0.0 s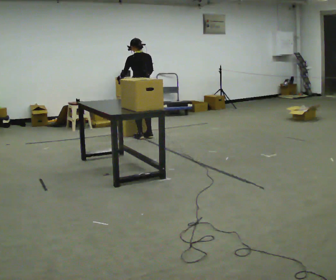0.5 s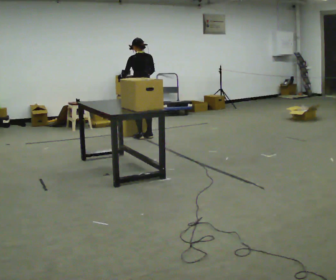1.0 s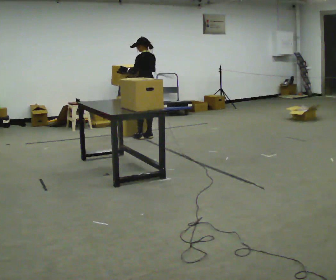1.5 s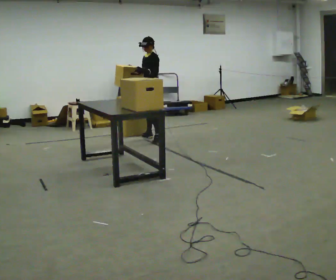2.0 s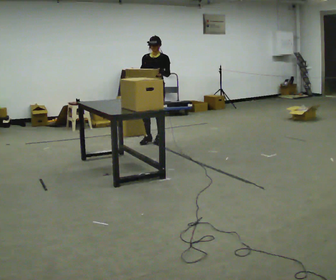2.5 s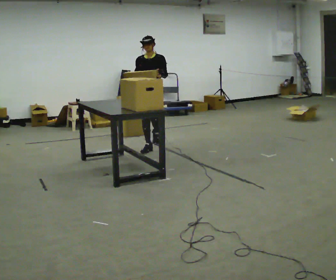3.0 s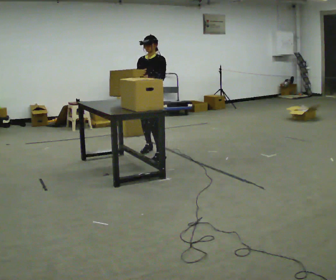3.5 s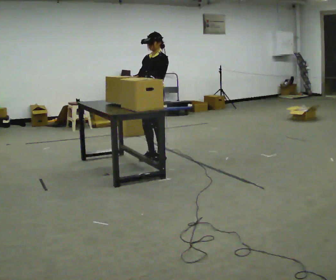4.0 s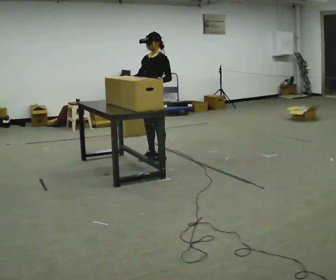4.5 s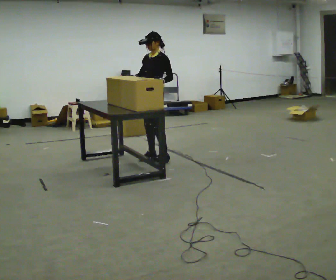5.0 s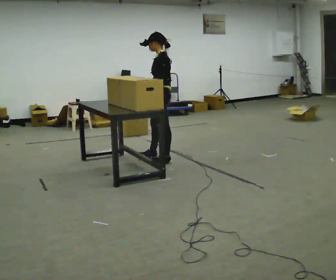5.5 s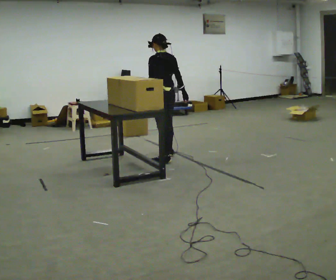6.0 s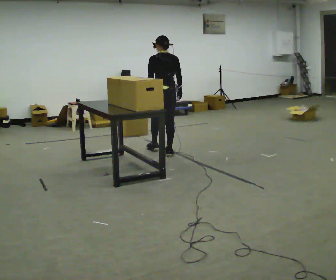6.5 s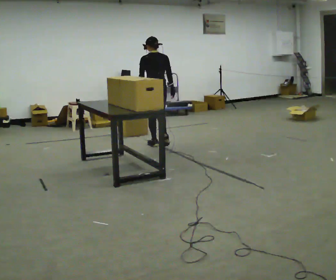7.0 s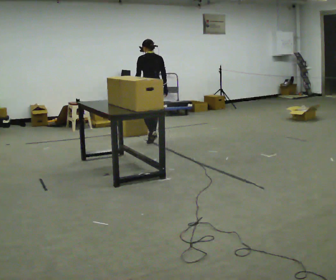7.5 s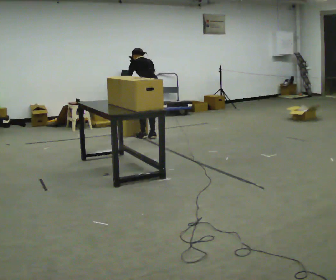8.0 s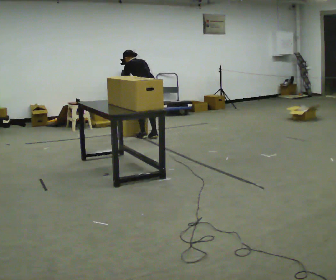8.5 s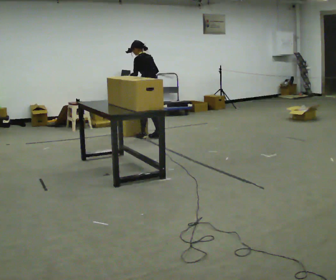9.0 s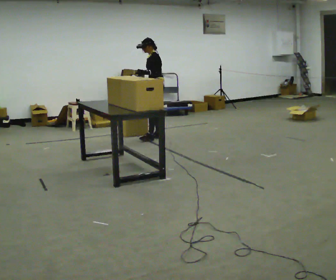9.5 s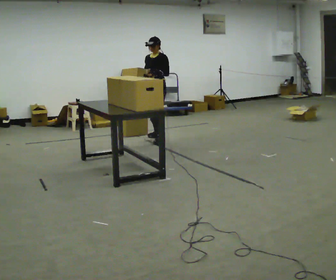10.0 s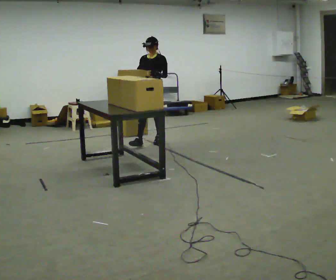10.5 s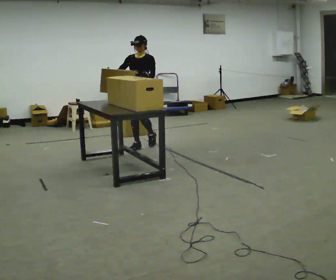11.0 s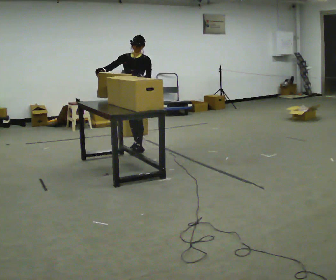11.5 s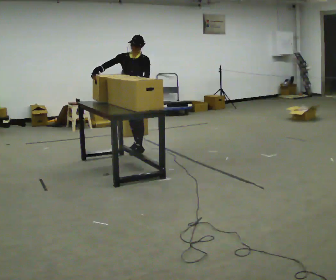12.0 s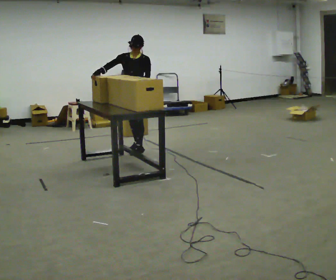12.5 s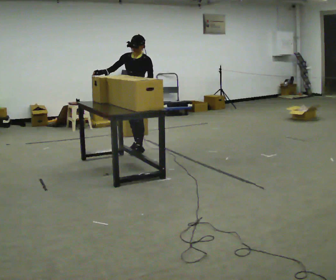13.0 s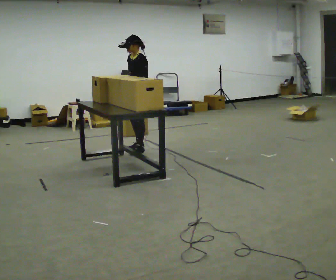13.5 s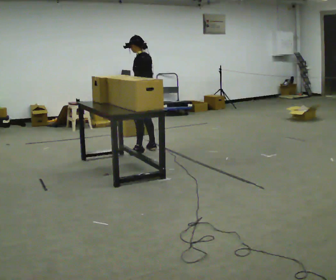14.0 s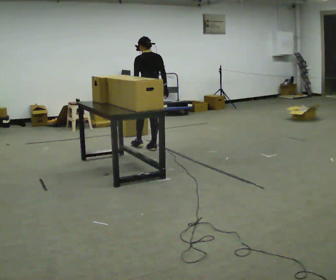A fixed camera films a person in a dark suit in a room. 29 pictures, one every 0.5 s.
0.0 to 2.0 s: The part of the body nearest the lens slides to the right as the person turns to their left by about 135 degrees. In the picture they go toward the camera and to the right, about 0.25 m in 1 step.
2.0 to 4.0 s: The person turns about 30 degrees to their right, clockwise seen from above, so the part of the body nearest the lens slides to the left. In the picture they go toward the camera, about 1 m in 3 steps, which for them is forward and to their left.
4.0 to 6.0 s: The part of the body nearest the lens slides to the left as the person turns to their right by about 120 degrees. In the picture they go away from the camera, about 0.25 m in 1 step.
6.0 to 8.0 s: In the picture they go away from the camera, about 1 m in 3 steps, which for them is forward. In the picture the upper body tilts counterclockwise, shoulders to the left, as they bend forward.
8.0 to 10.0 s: The person turns about 120 degrees to their left, counterclockwise seen from above, so the part of the body nearest the lens slides to the right. In the picture they go toward the camera, about 0.25 m in 1 step. In the picture the upper body tilts clockwise, shoulders to the right, as they lean back or straighten.
10.0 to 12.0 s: In the picture they go toward the camera and to the left, about 0.5 m in 2 steps, which for them is forward.
12.0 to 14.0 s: Seen from above the body turns clockwise, about 135 degrees: to their right, with its near side sliding to the left. In the picture they go to the right and away from the camera, about 0.25 m in 1 step. In the picture their right hand goes to the right, the arm swinging counterclockwise.
The film runs forward here.
